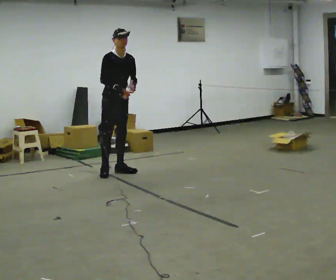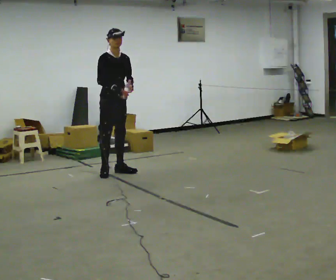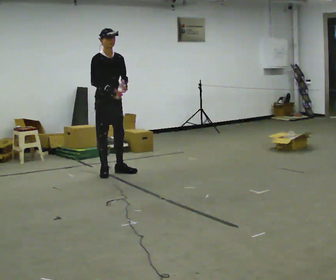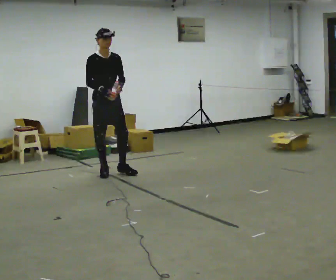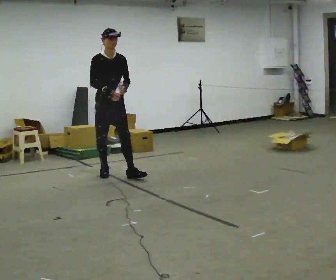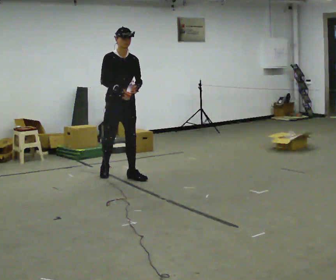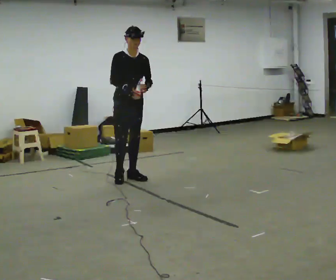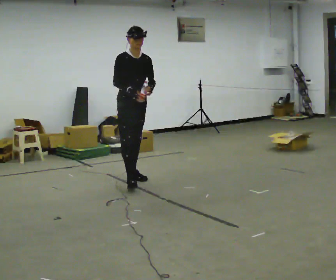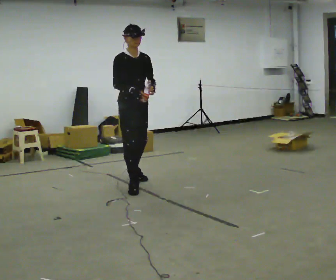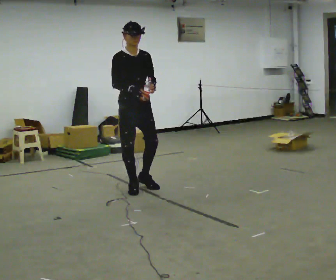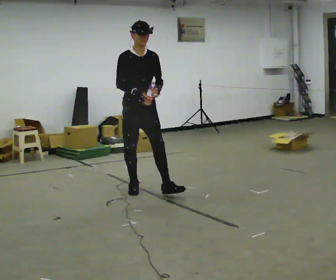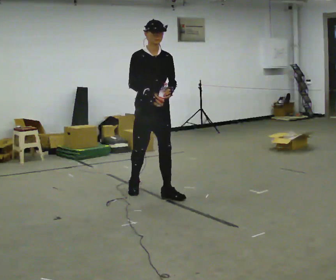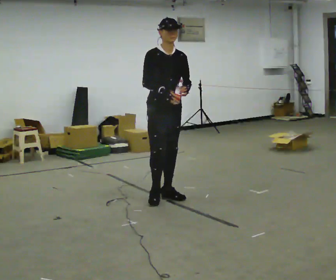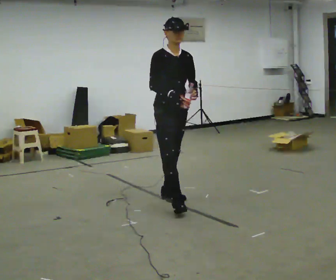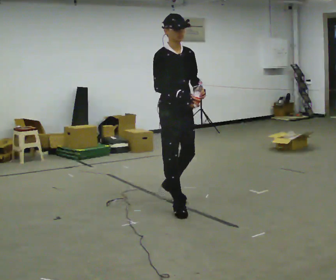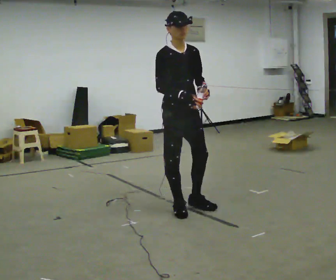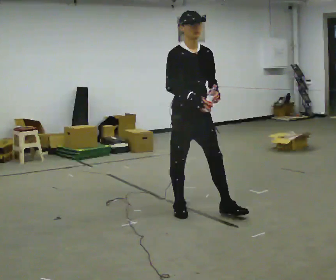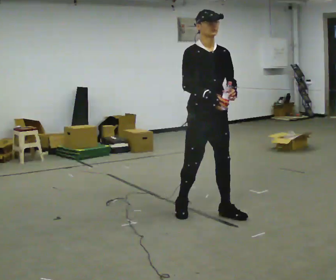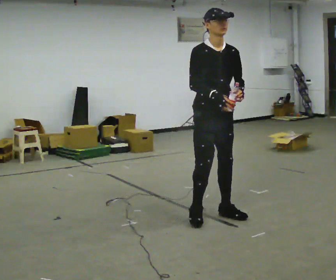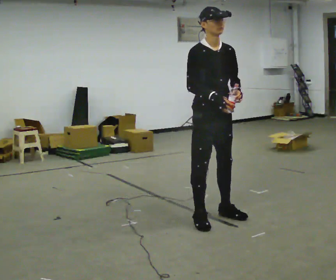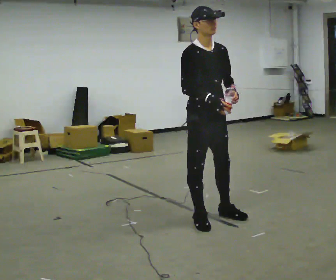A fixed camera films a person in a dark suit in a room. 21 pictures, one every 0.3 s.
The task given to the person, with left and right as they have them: Carry the open container of water across the room without spilling it, back and forth.
0.0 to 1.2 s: In the picture they go toward the camera, about 0.25 m in 1 step, which for them is to their right and forward.
1.2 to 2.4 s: In the picture they go toward the camera and to the right, about 0.5 m in 1 step, which for them is forward.
2.4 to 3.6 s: In the picture they go toward the camera and to the right, about 0.5 m in 1 step, which for them is forward.
3.6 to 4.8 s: In the picture they go toward the camera, about 0.5 m in 2 steps, which for them is forward.
4.8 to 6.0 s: In the picture they go toward the camera, about 0.25 m in 1 step, which for them is forward.
The film runs forward here.
